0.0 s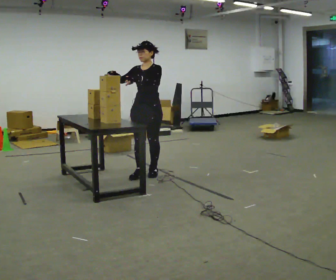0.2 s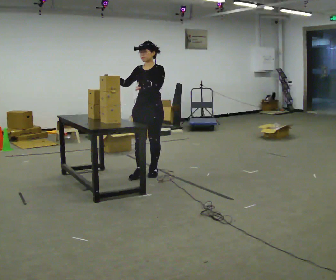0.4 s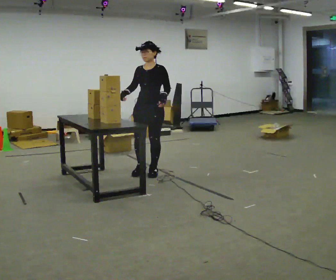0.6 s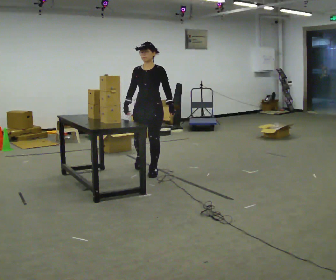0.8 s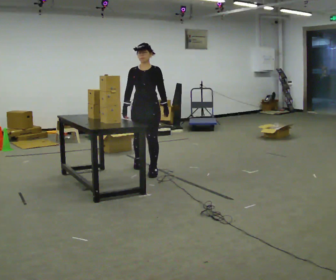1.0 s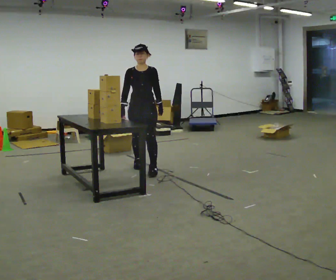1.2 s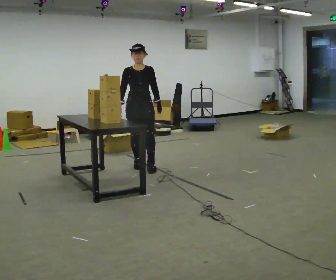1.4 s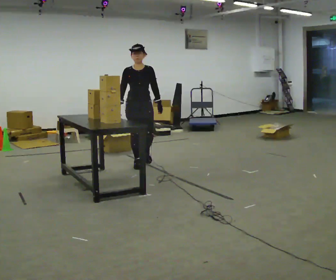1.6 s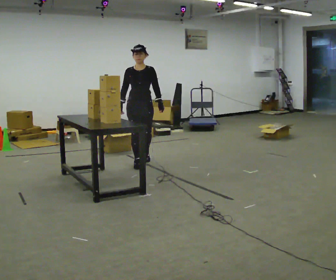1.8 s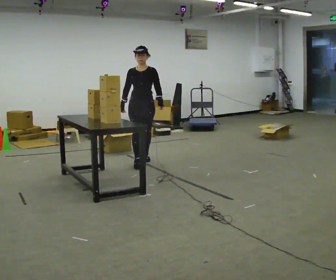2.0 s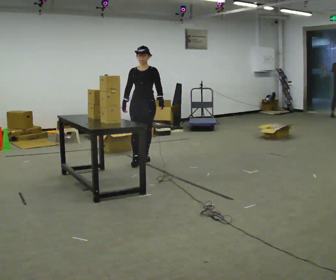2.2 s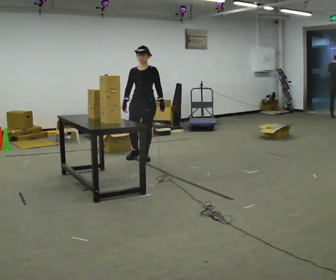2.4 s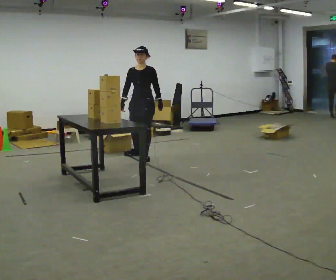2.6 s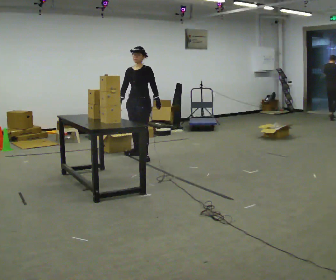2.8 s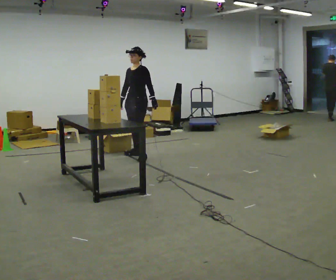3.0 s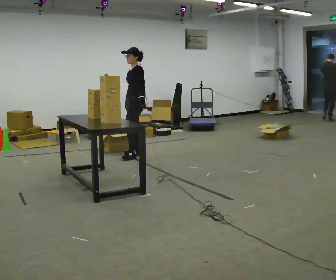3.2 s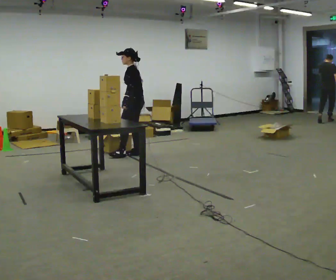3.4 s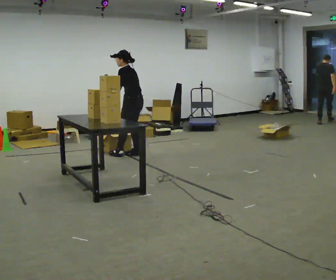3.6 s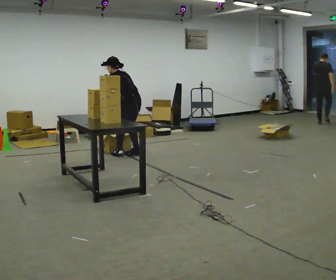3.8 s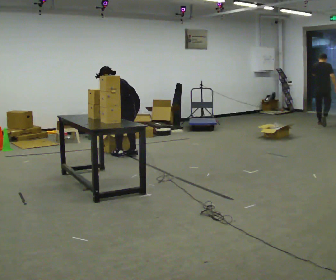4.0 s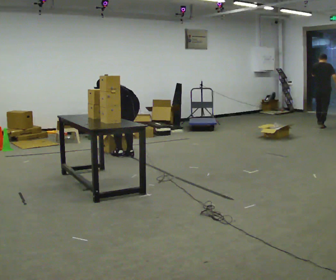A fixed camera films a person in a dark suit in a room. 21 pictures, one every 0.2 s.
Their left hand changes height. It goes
downward.
Their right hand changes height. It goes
downward.
0.0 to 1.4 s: The part of the body nearest the lens slides to the right as the person turns to their left by about 30 degrees. In the picture they go away from the camera, about 0.5 m in 2 steps, which for them is backward and to their right. In the picture their left hand goes downward.
1.4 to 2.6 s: The person turns about 45 degrees to their right, clockwise seen from above, so the part of the body nearest the lens slides to the left. In the picture they go away from the camera, about 0.5 m in 1 step, which for them is backward.
2.6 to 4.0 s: Seen from above the body turns clockwise, about 105 degrees: to their right, with its near side sliding to the left. In the picture they go to the left, about 0.25 m in 2 steps. The shoulders move downward. The upper body tips away from the camera, its near side rolling upward, as they bend forward. In the picture their right hand goes downward, the arm swinging counterclockwise.
The film runs backward here.
